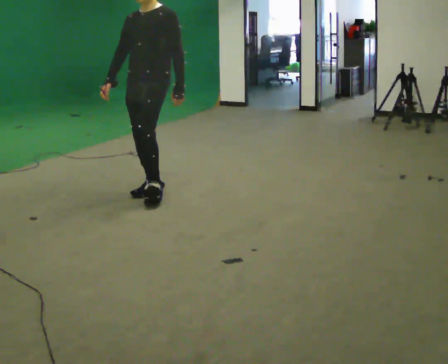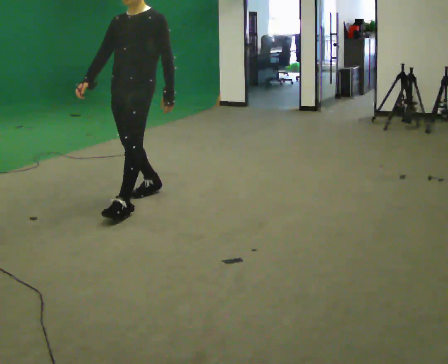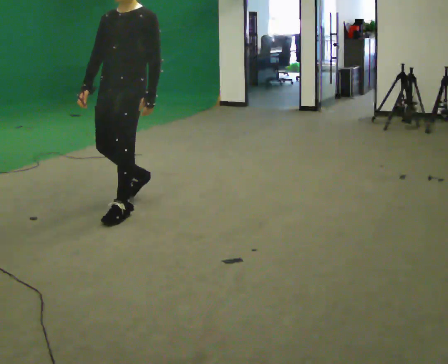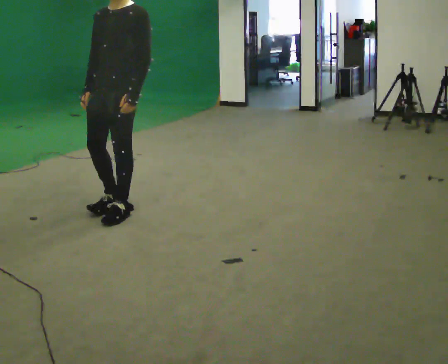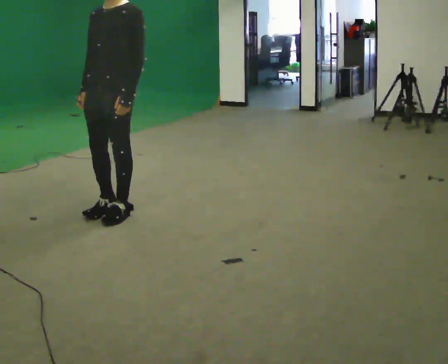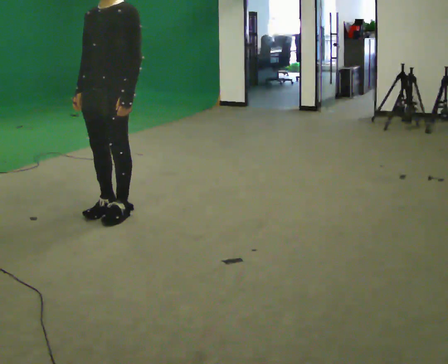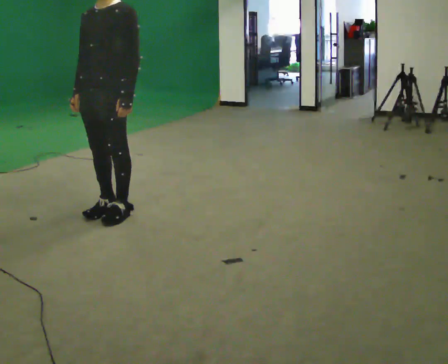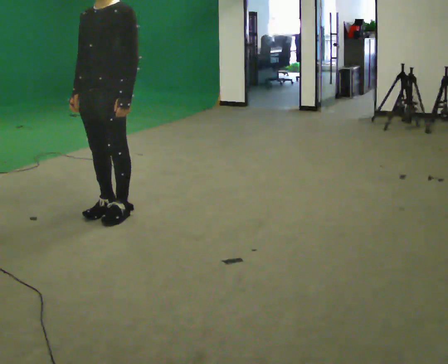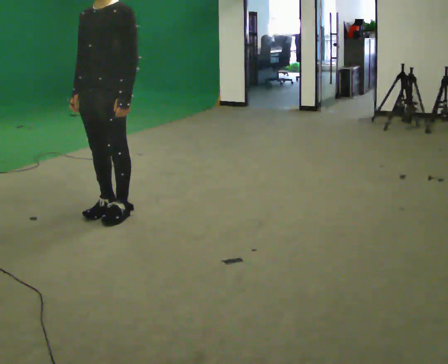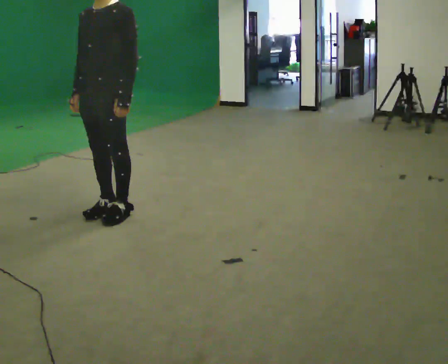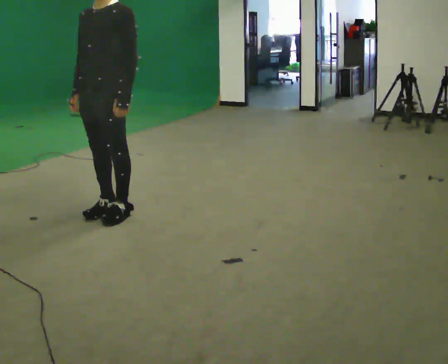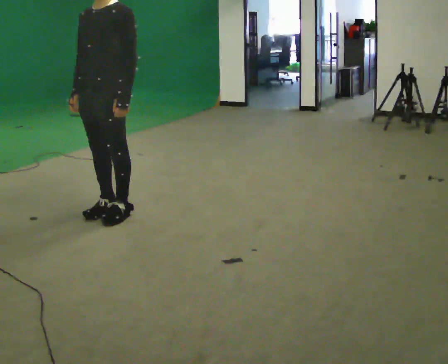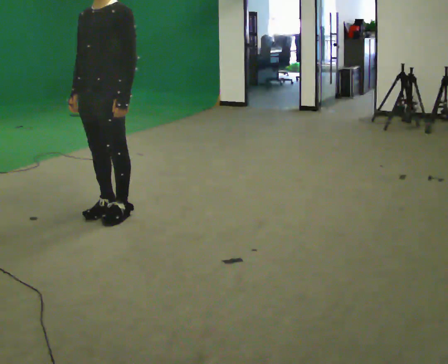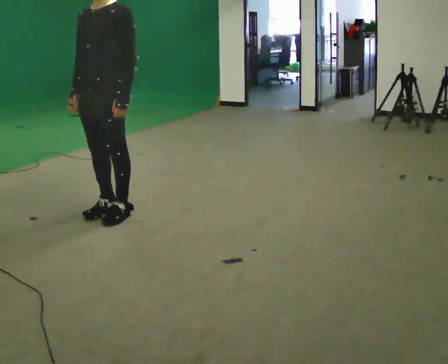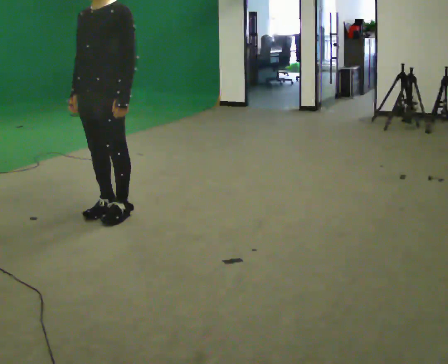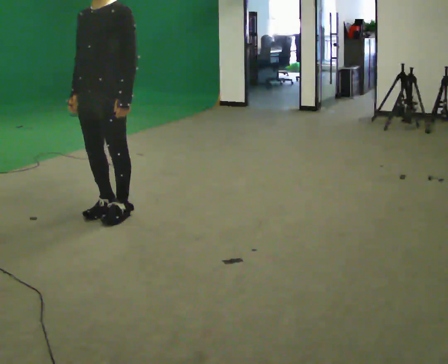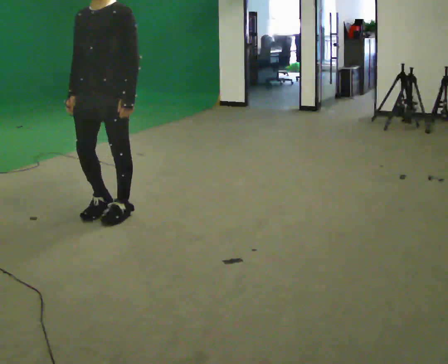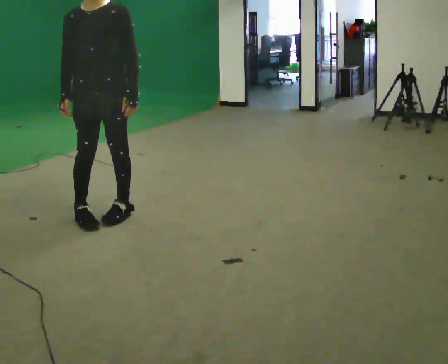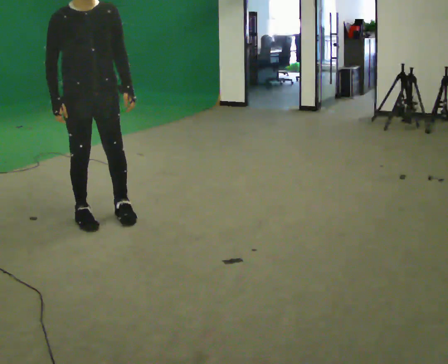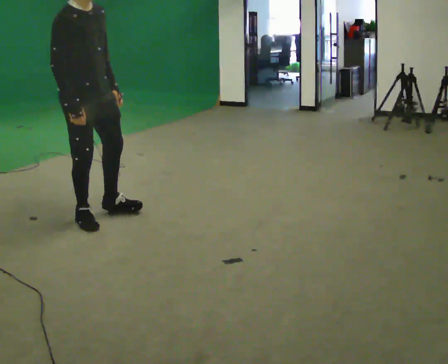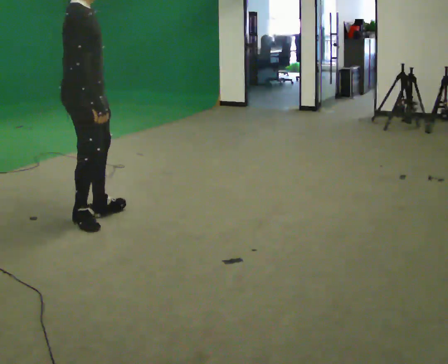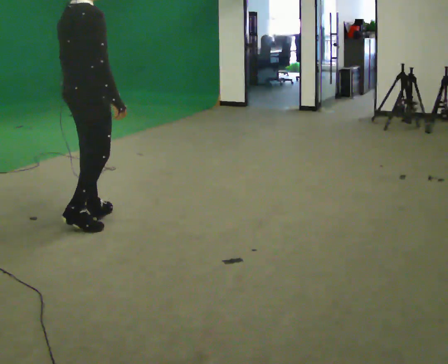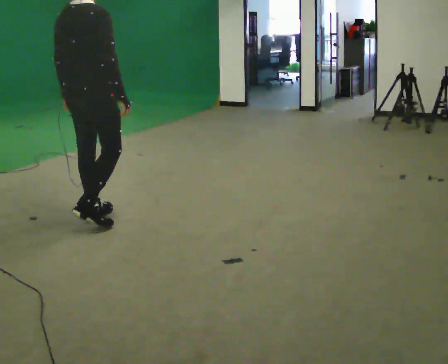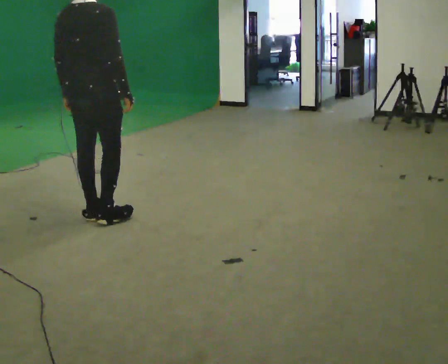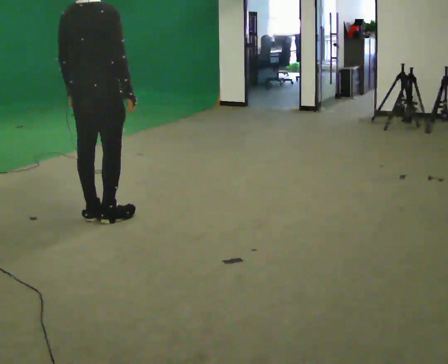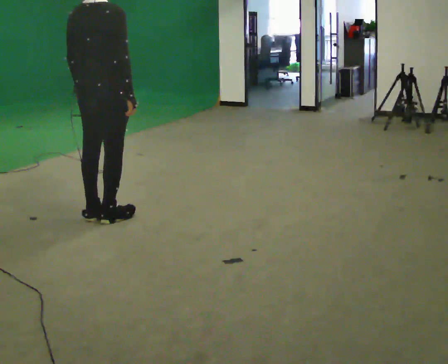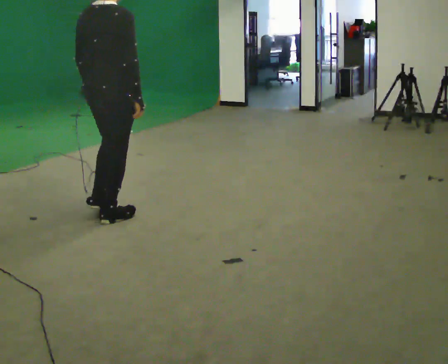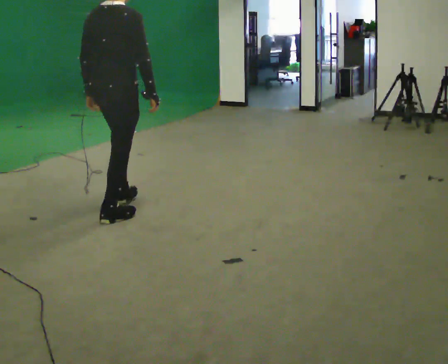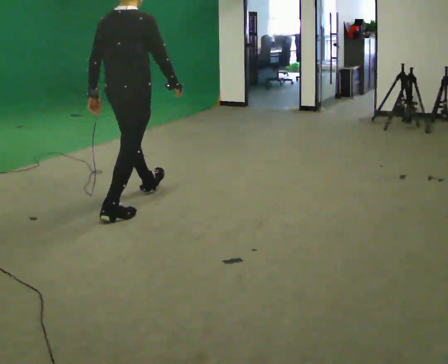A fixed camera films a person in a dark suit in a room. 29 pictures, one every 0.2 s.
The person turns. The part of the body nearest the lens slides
to the right.
The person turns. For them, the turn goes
to their left.
0.0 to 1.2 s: In the picture they go toward the camera and to the left, about 0.5 m in 2 steps, which for them is forward.
1.2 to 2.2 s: The person keeps their place and pose.
2.2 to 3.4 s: The part of the body nearest the lens slides to the right as the person turns to their left by about 30 degrees.
3.4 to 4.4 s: Seen from above the body turns counterclockwise, about 150 degrees: to their left, with its near side sliding to the right. In the picture their right hand goes to the right, the arm swinging counterclockwise.
4.4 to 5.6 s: In the picture they go to the right and away from the camera, about 0.25 m in 1 step, which for them is forward.
The film runs forward here.
